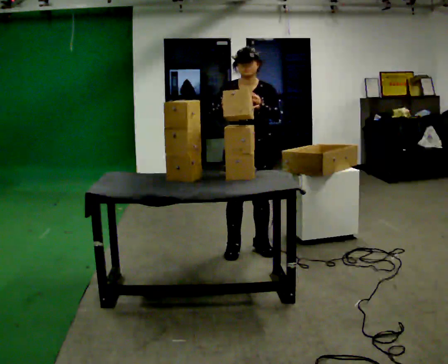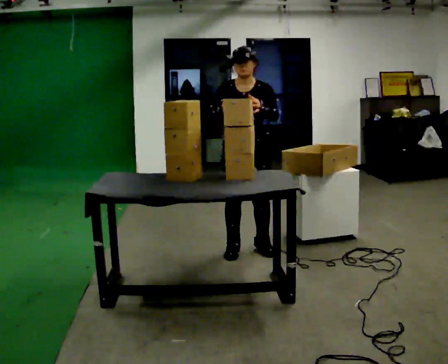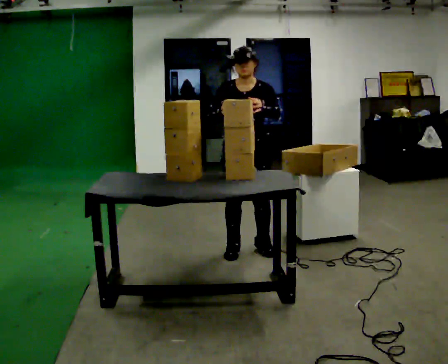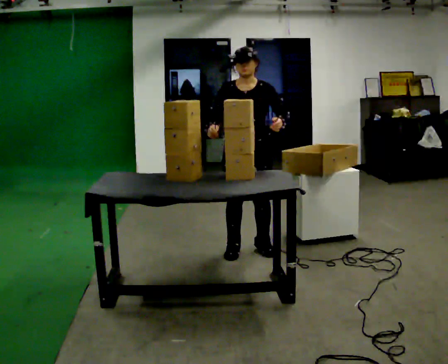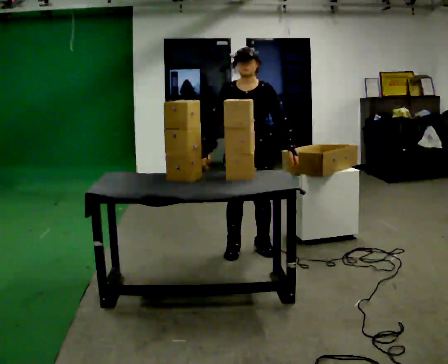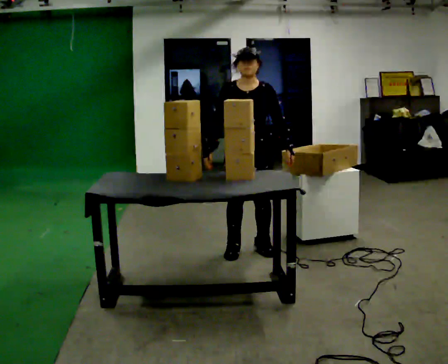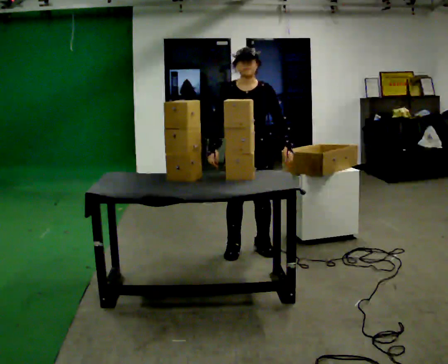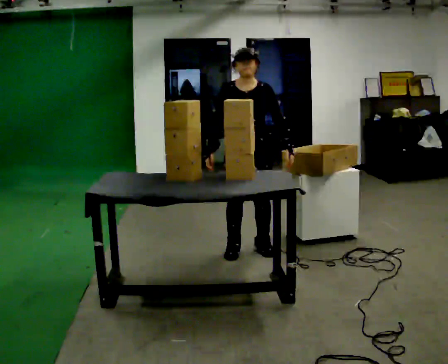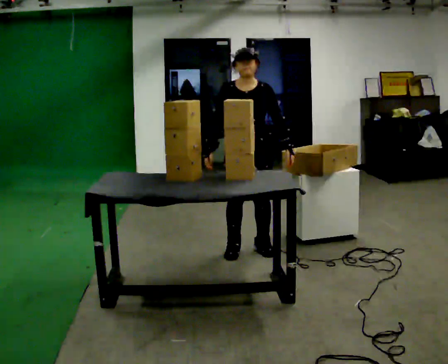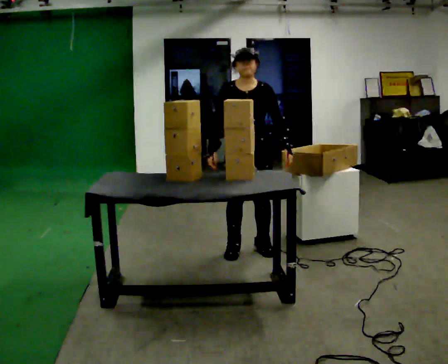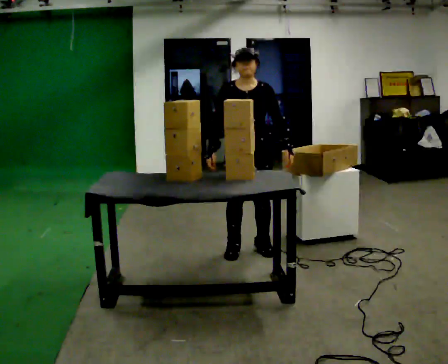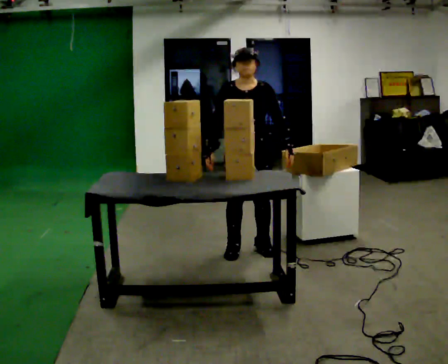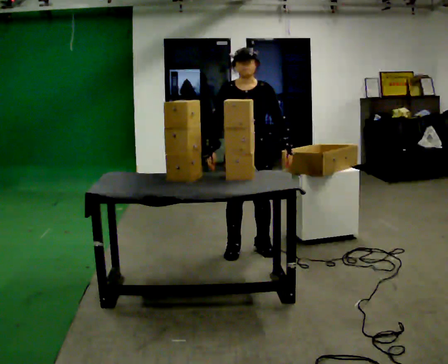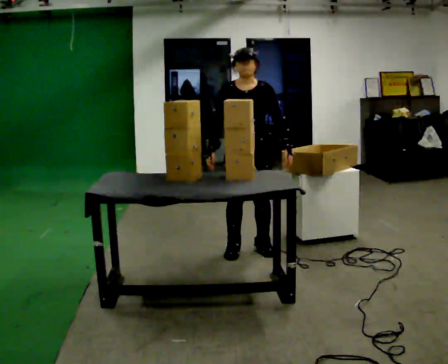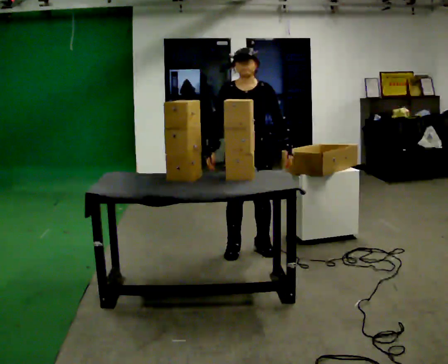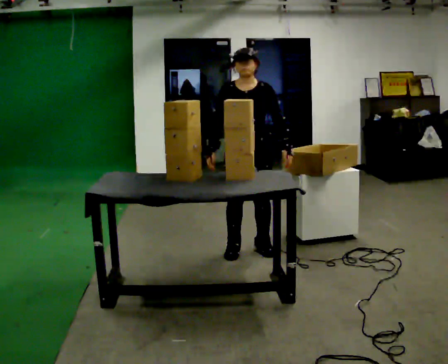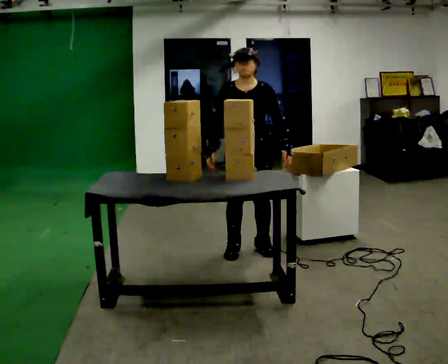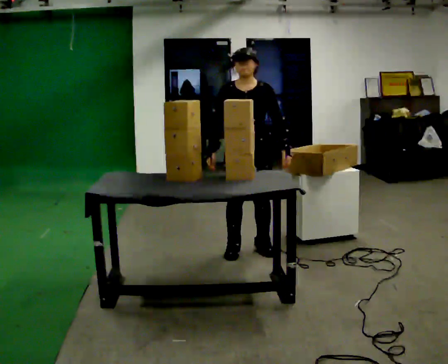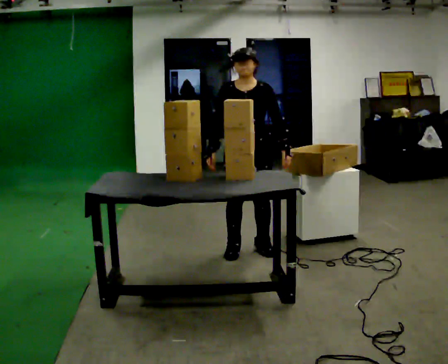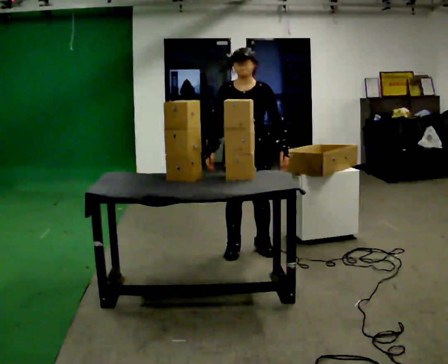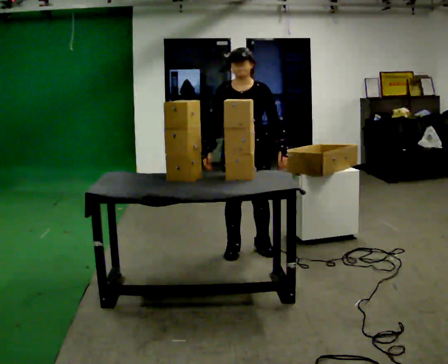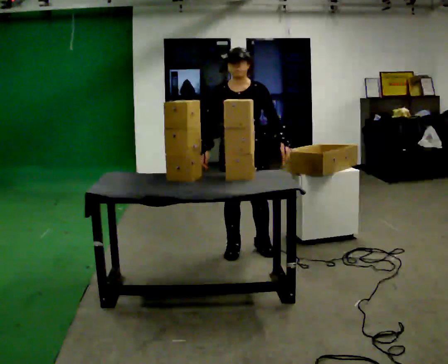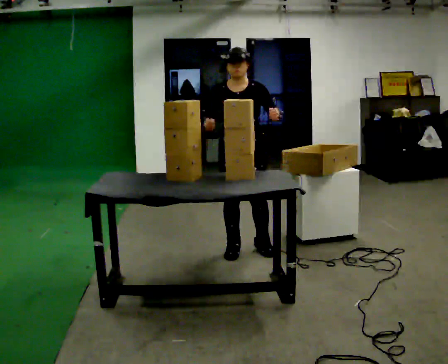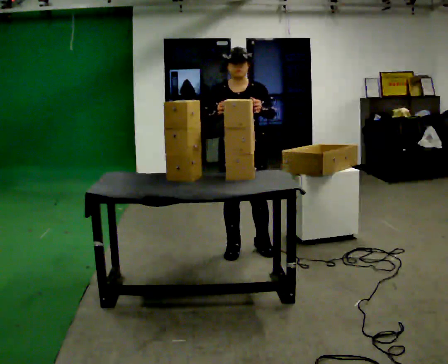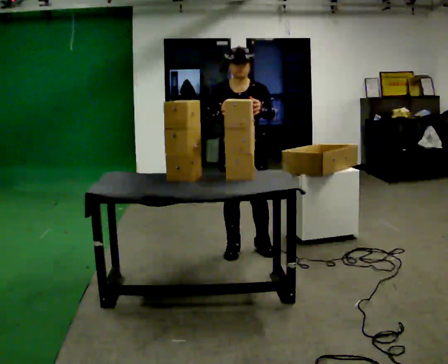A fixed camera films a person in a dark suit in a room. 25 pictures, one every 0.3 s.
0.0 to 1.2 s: In the picture their left hand goes downward.
1.2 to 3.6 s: The person moves a little, or ends about where they began.
3.6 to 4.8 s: The person keeps their place and pose.
4.8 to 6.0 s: The person moves a little, or ends about where they began.
6.0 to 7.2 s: In the picture their right hand goes upward.
The film runs forward here.
